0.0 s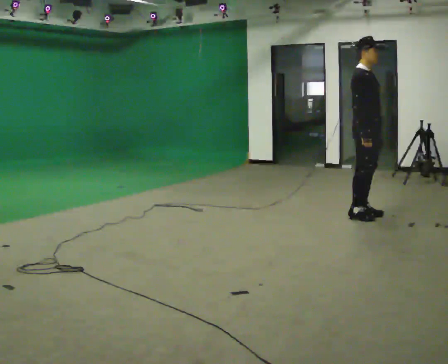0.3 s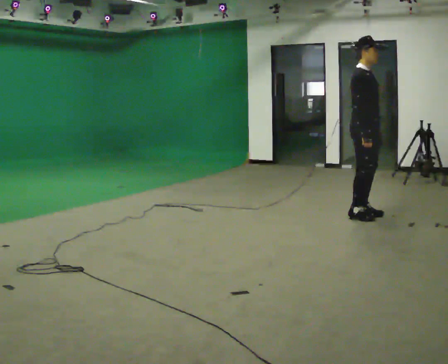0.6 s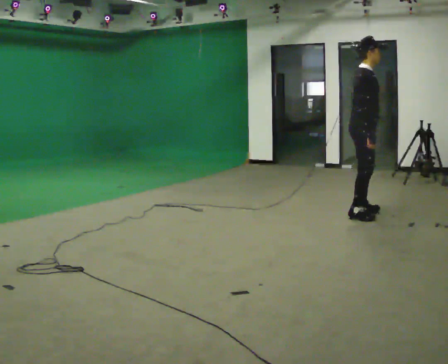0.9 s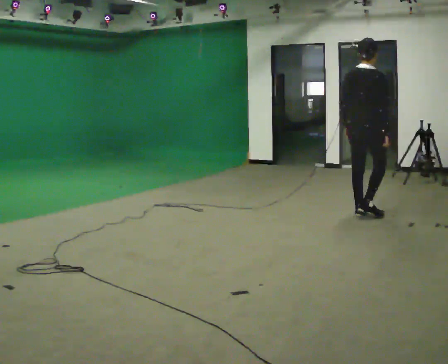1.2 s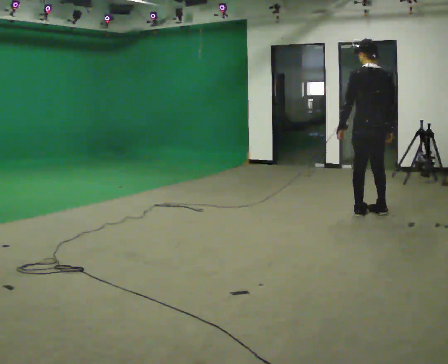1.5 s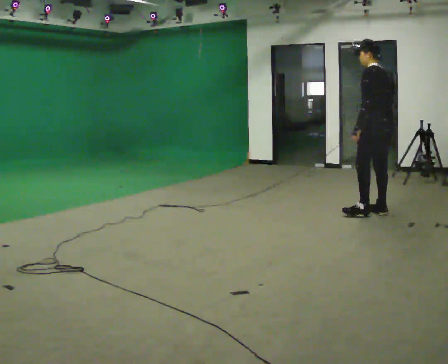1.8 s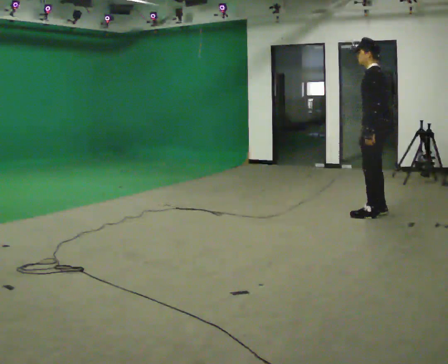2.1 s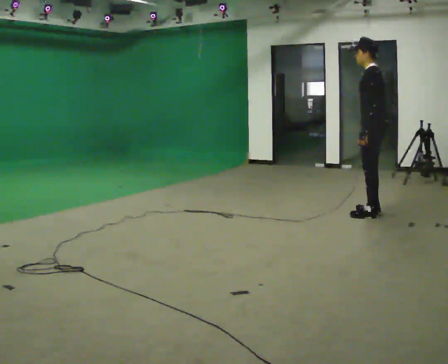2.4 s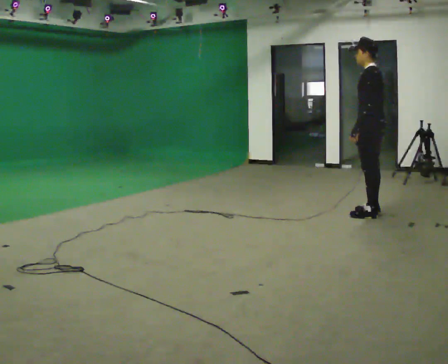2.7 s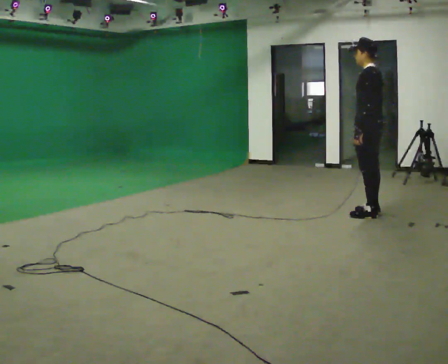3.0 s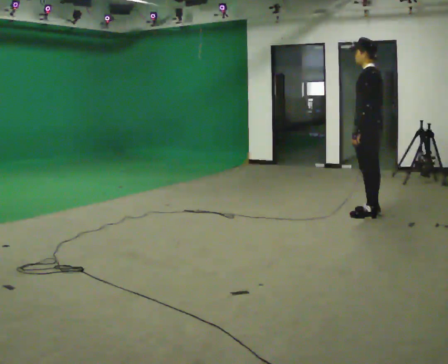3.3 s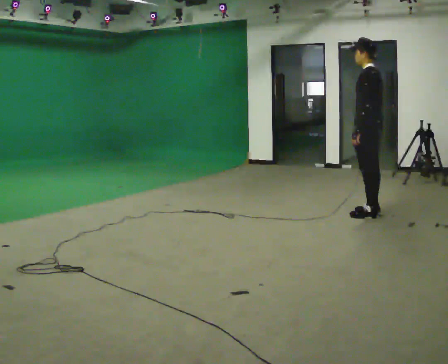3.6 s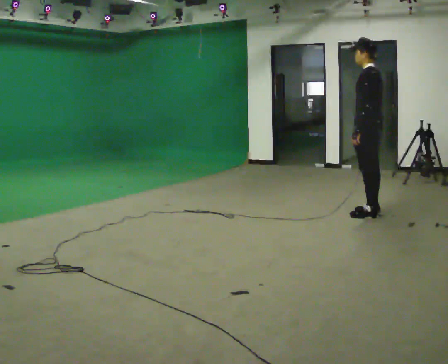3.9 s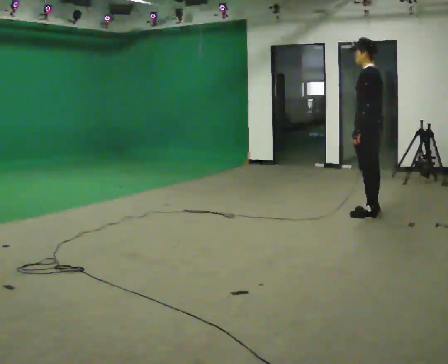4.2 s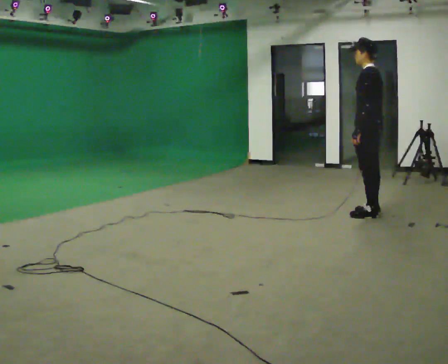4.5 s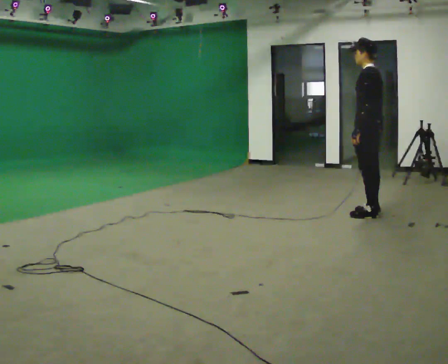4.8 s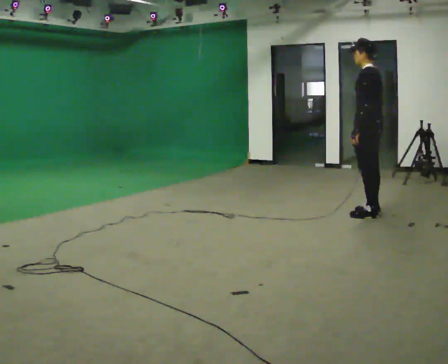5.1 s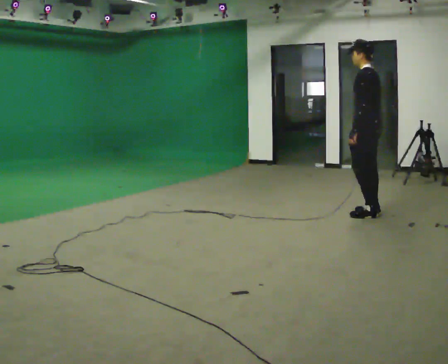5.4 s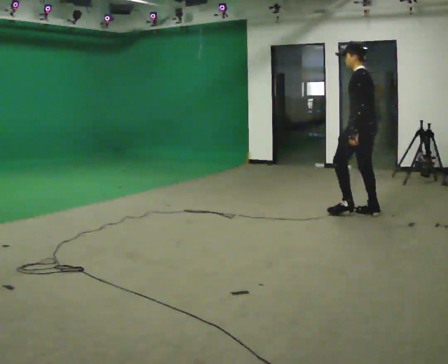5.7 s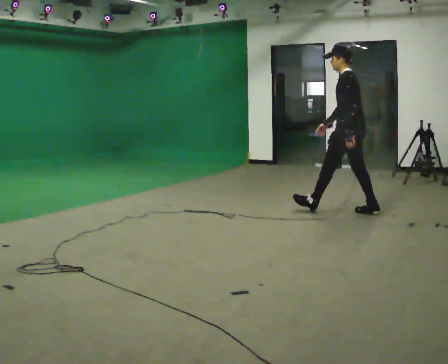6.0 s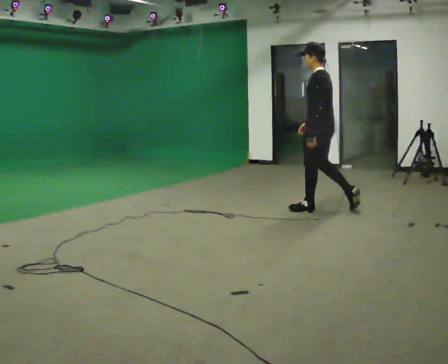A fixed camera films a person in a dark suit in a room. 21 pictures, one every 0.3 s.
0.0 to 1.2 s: Seen from above the body turns counterclockwise, about 135 degrees: to their left, with its near side sliding to the right. In the picture their left hand goes to the left.
1.2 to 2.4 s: Seen from above the body turns counterclockwise, about 60 degrees: to their left, with its near side sliding to the right.
2.4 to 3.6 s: The person keeps their place and pose.
3.6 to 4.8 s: The person moves a little, or ends about where they began.
4.8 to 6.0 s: In the picture they go to the left, about 0.5 m in 1 step, which for them is forward.
The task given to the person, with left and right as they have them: Stand still 2 s; begin walking naturally; walk forward; stop.
The film runs forward here.
